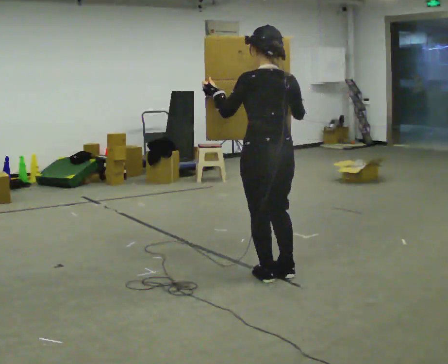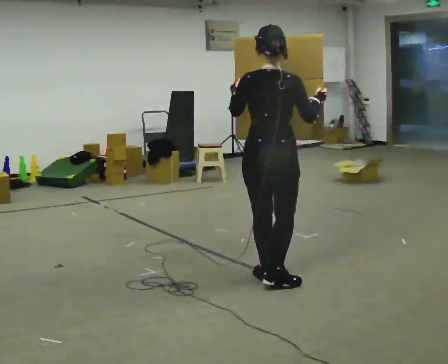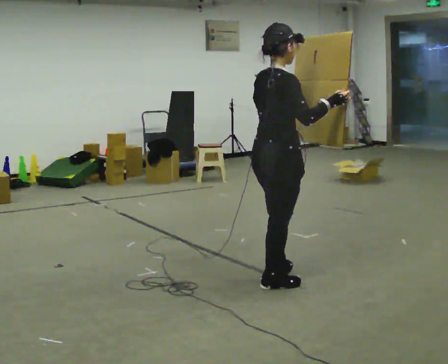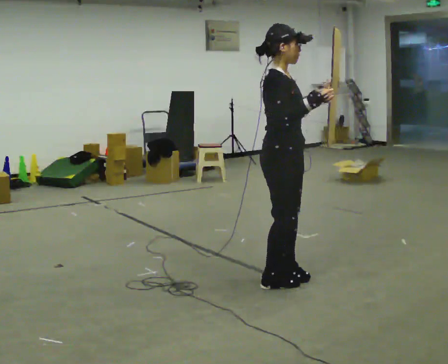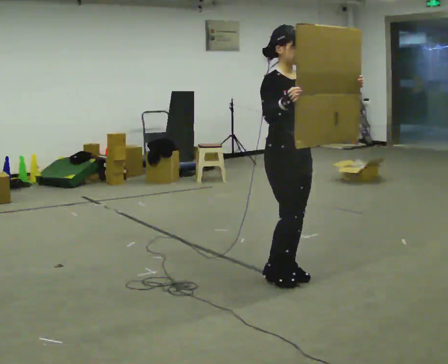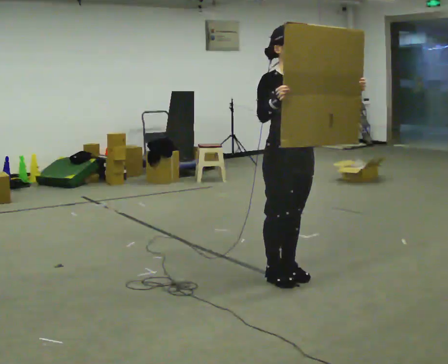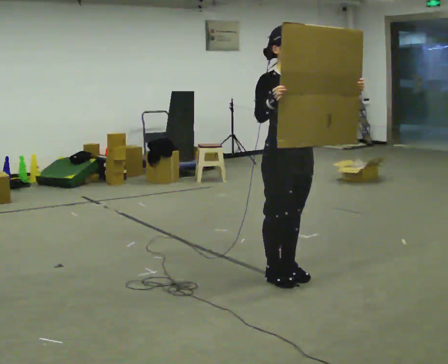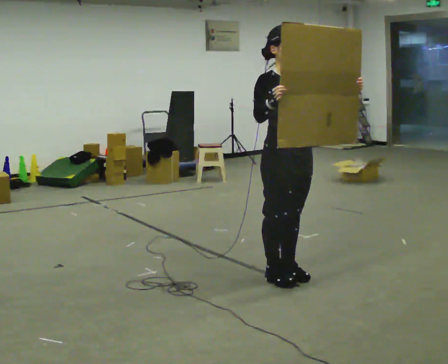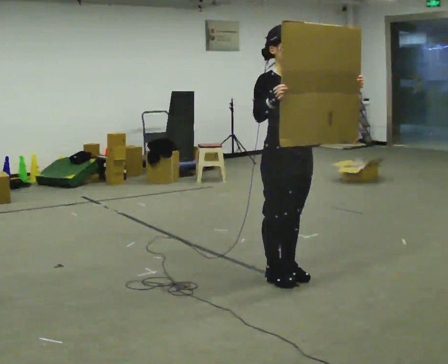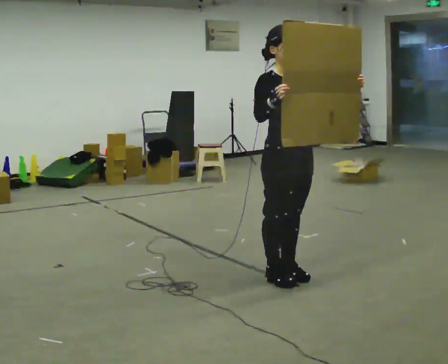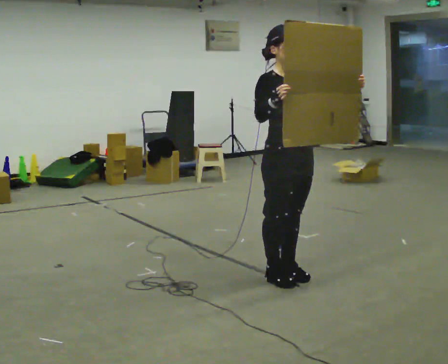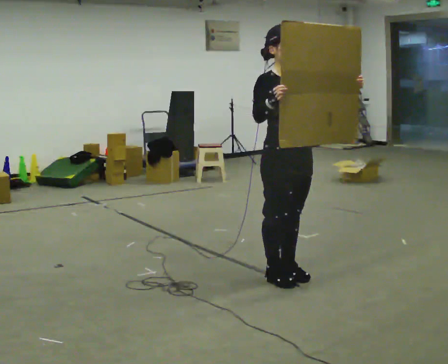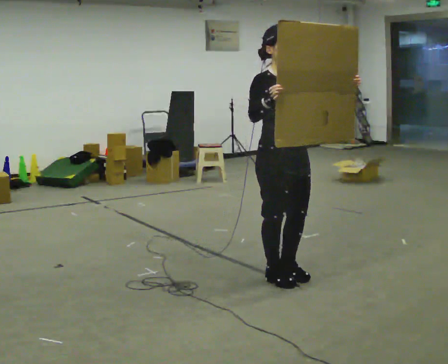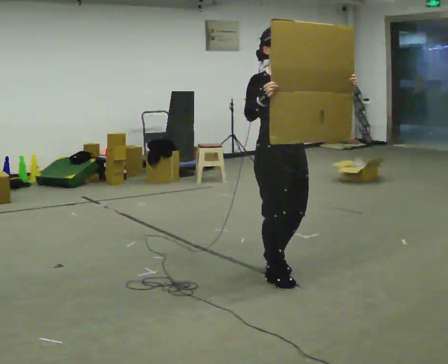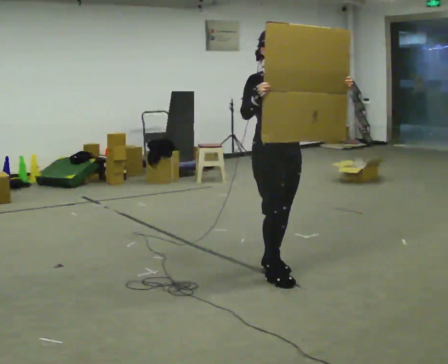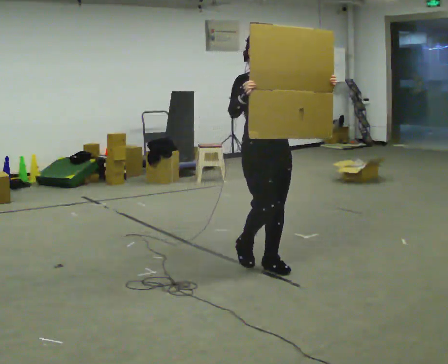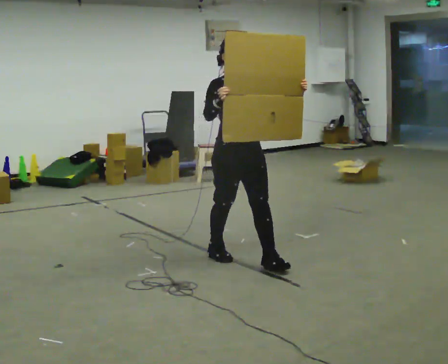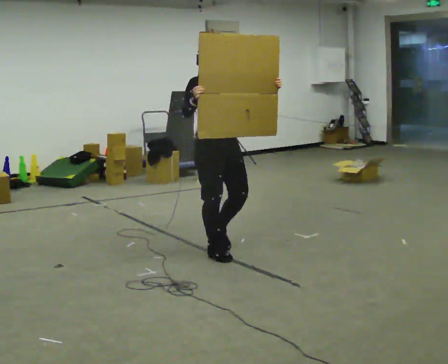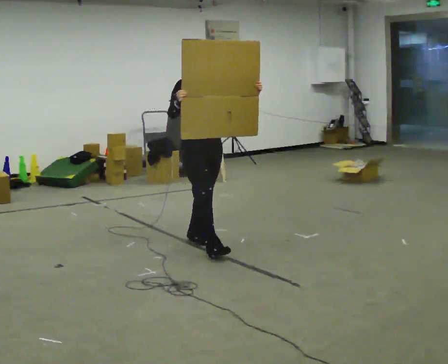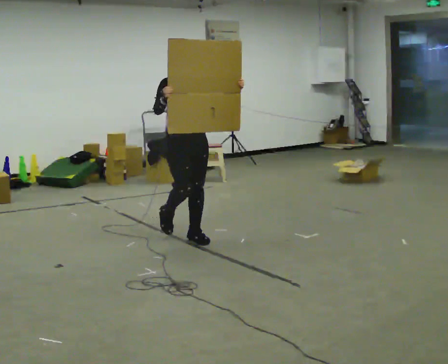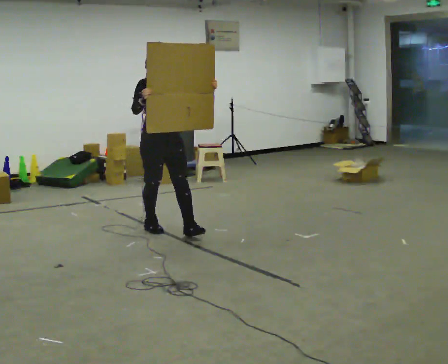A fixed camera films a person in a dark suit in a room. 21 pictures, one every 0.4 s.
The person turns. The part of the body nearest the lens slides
to the left.
The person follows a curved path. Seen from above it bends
counterclockwise.
0.0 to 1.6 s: The person turns about 150 degrees to their right, clockwise seen from above, so the part of the body nearest the lens slides to the left. In the picture their left hand goes to the right.
1.6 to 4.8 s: The person moves a little, or ends about where they began.
4.8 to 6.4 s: In the picture they go away from the camera and to the left, about 0.5 m in 2 steps, which for them is backward.
6.4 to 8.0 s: In the picture they go to the left and away from the camera, about 1 m in 2 steps, which for them is backward.
The film runs backward here.
